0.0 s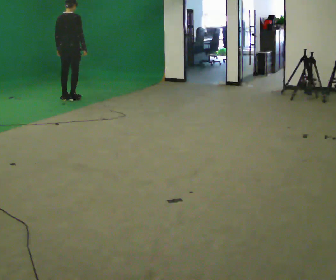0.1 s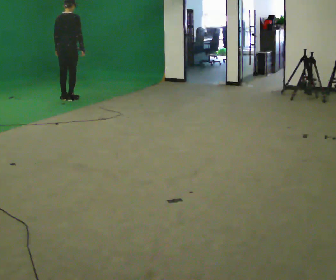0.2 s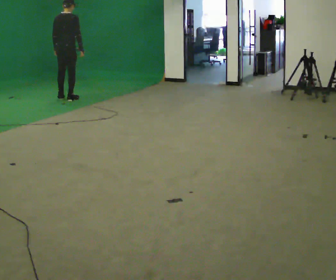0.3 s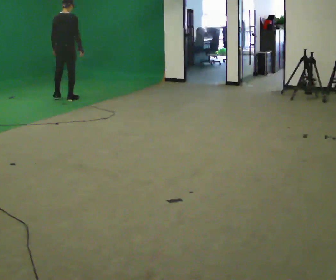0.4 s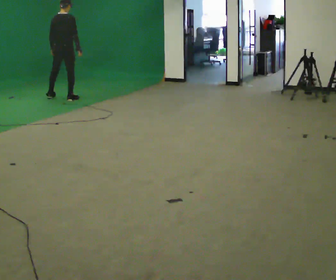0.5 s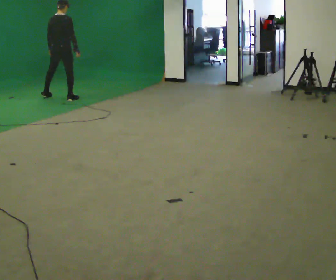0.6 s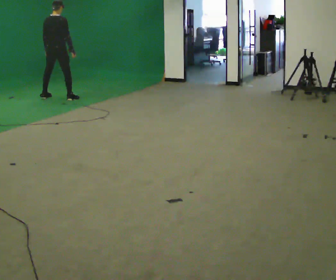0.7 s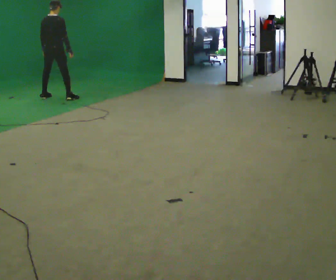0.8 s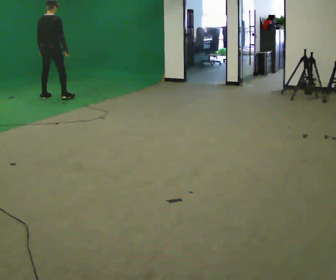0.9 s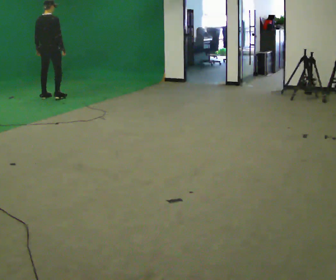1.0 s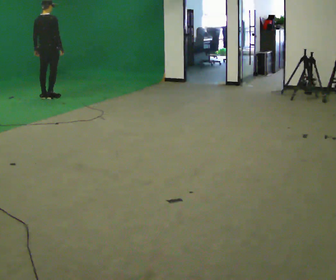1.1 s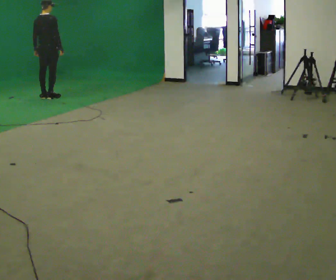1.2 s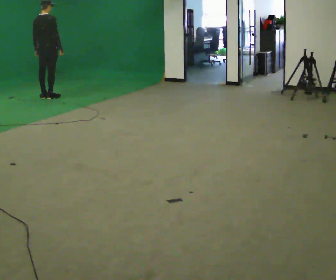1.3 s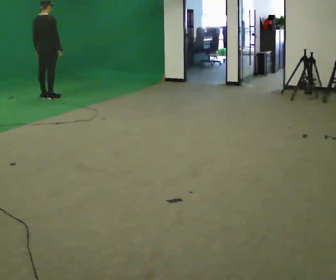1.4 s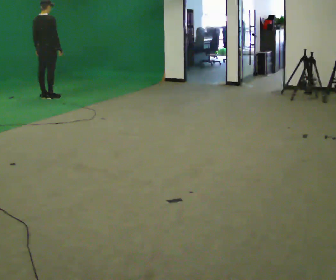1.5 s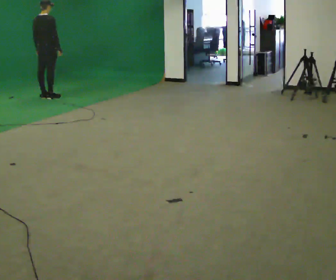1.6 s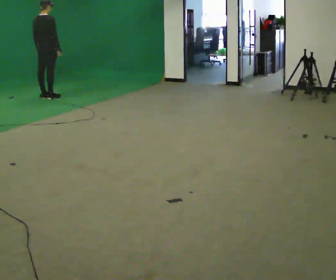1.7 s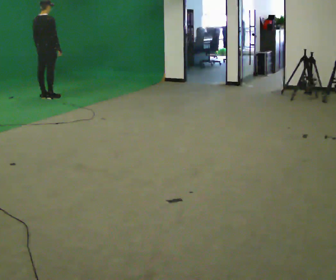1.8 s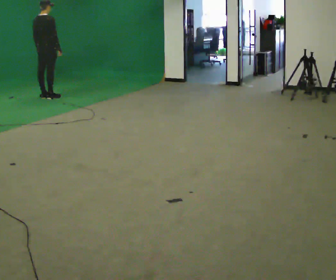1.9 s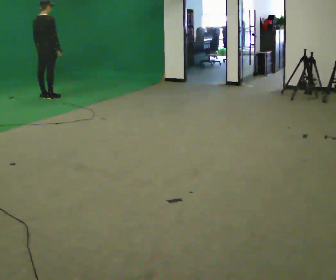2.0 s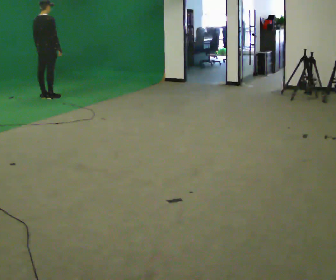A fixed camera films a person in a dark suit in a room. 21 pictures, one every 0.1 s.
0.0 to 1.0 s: In the picture they go to the left and away from the camera, about 0.5 m in 2 steps, which for them is to their left.
1.0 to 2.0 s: The person moves a little, or ends about where they began.
The film runs forward here.
